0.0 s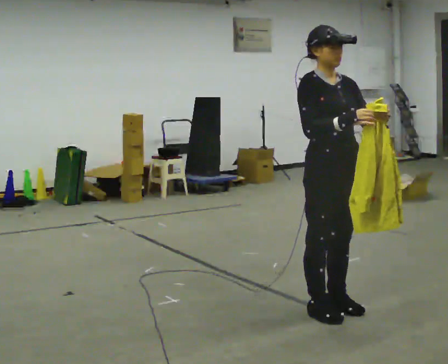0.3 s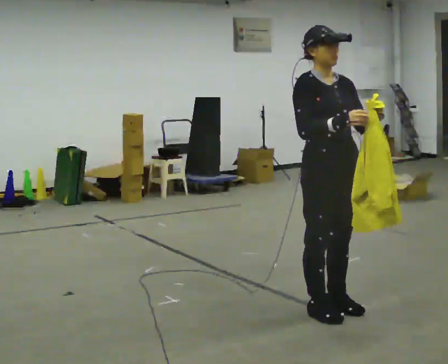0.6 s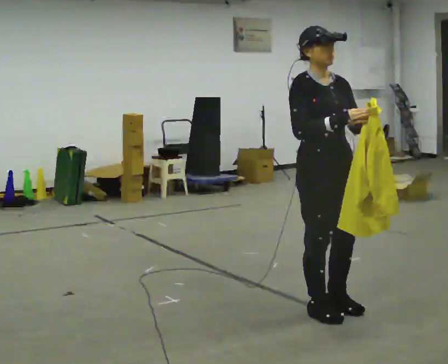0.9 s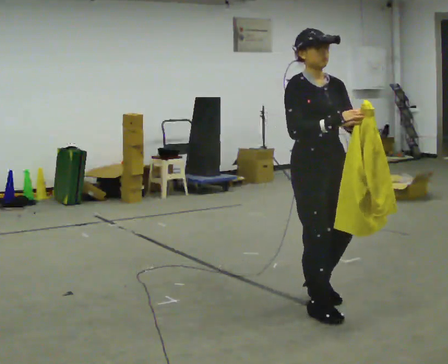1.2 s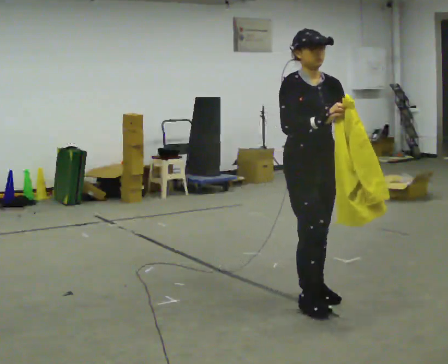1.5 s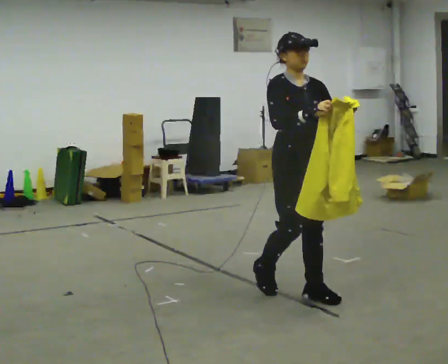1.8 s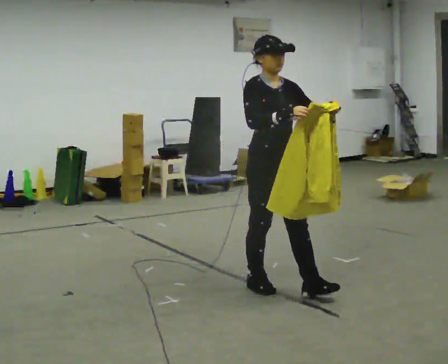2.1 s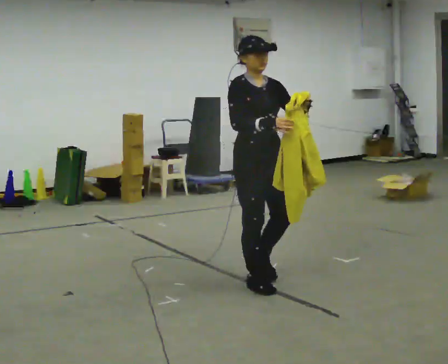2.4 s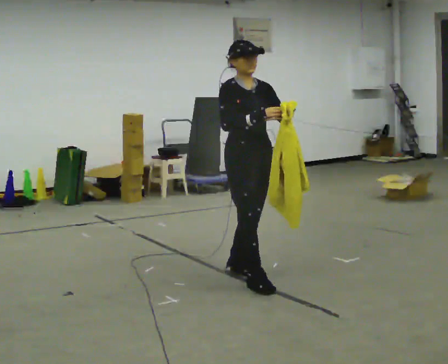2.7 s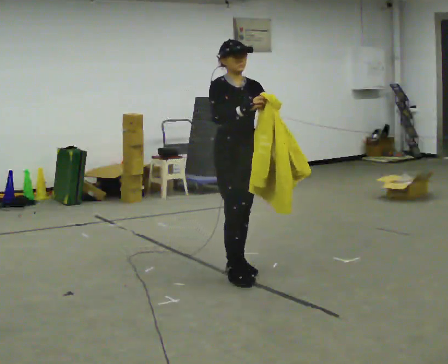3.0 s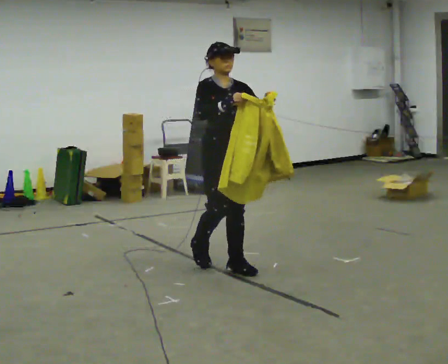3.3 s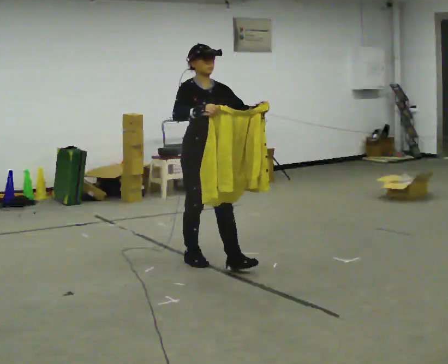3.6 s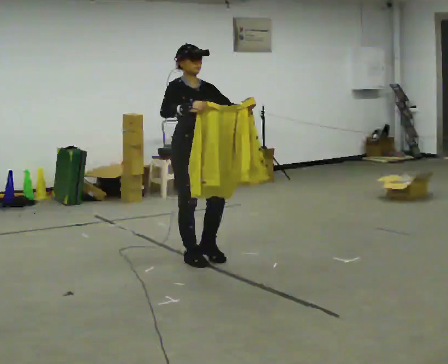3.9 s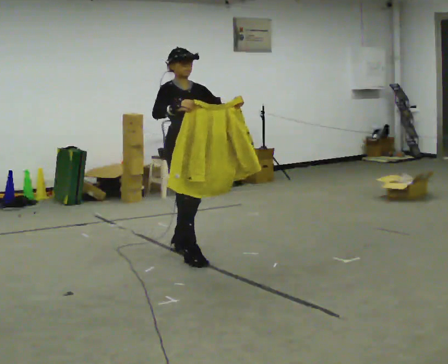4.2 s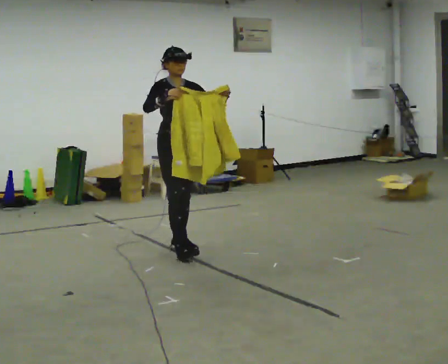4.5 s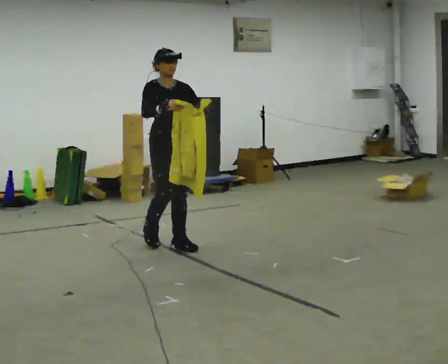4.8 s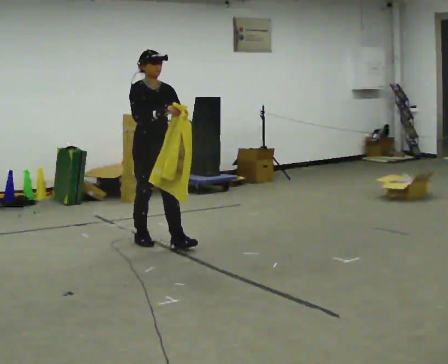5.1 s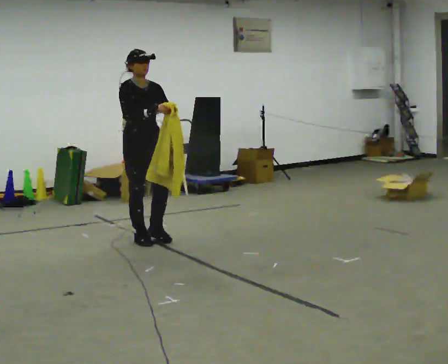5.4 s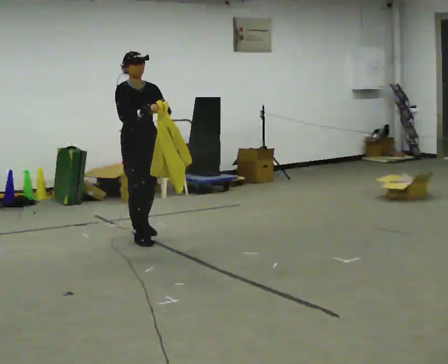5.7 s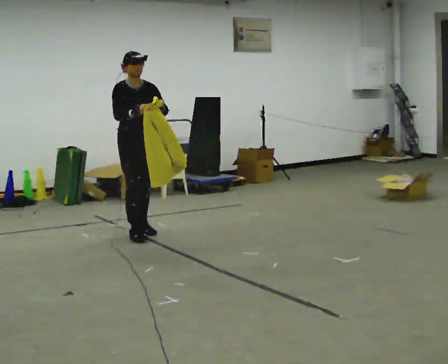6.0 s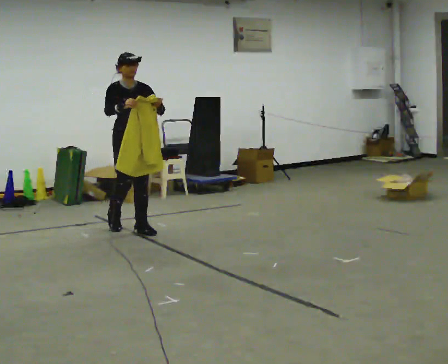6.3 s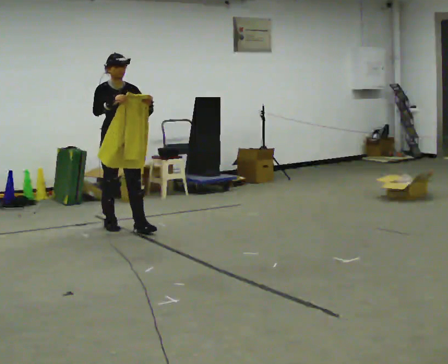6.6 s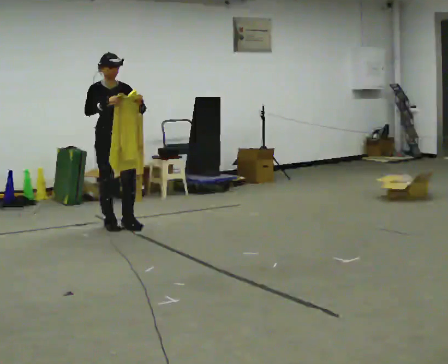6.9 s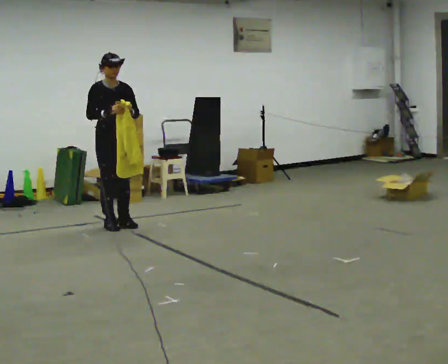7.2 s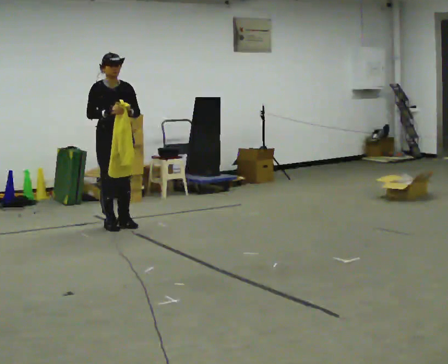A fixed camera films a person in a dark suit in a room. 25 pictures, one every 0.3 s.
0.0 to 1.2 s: In the picture they go away from the camera, about 0.25 m in 2 steps, which for them is backward.
1.2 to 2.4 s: In the picture they go away from the camera and to the left, about 0.5 m in 1 step, which for them is backward.
2.4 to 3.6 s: In the picture they go away from the camera and to the left, about 0.5 m in 2 steps, which for them is backward.
3.6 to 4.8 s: In the picture they go away from the camera and to the left, about 0.5 m in 1 step, which for them is backward.
4.8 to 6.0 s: In the picture they go away from the camera and to the left, about 0.5 m in 2 steps, which for them is backward.
6.0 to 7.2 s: In the picture they go to the left and away from the camera, about 0.25 m in 1 step, which for them is backward.
The film runs backward here.
